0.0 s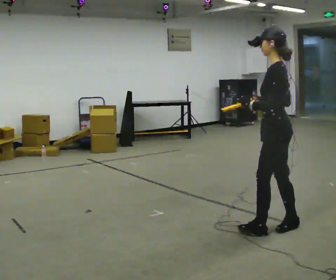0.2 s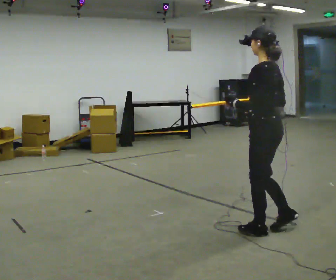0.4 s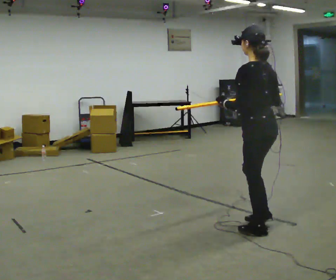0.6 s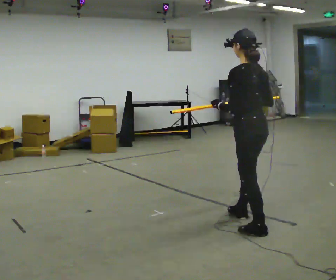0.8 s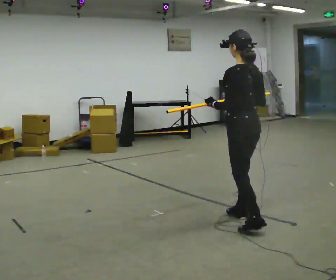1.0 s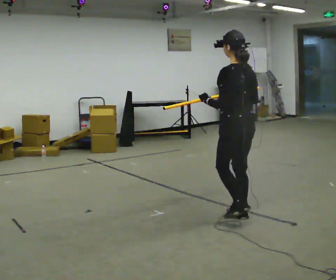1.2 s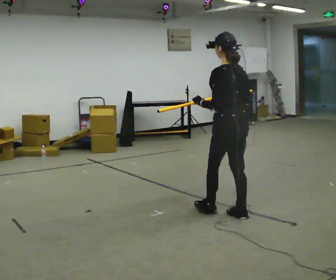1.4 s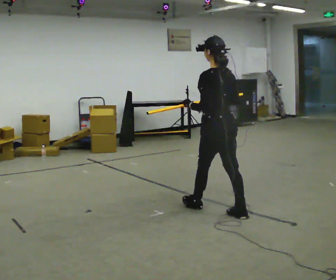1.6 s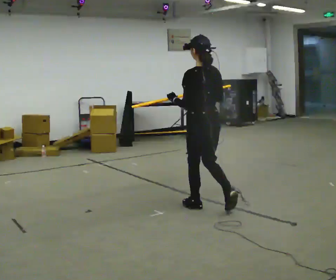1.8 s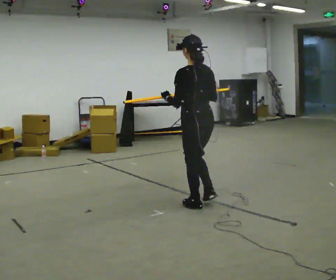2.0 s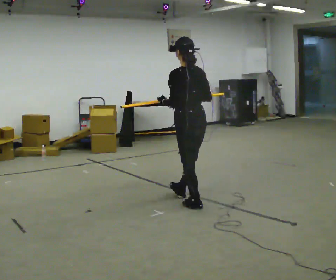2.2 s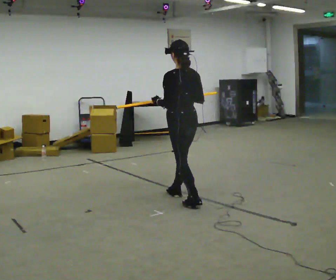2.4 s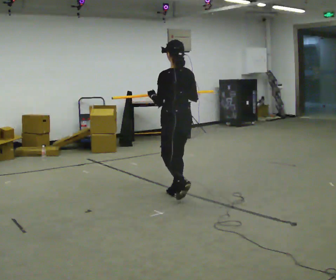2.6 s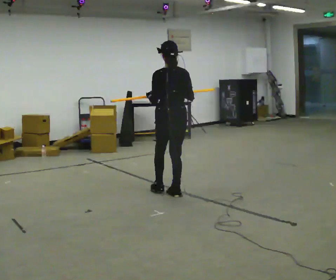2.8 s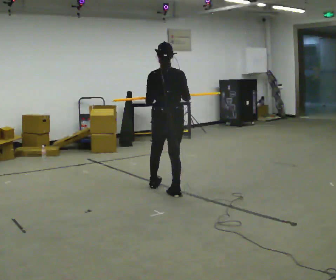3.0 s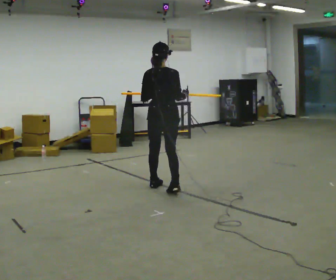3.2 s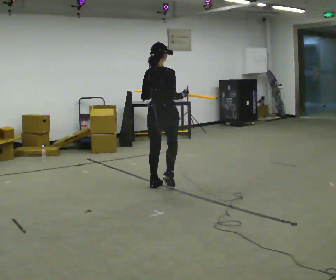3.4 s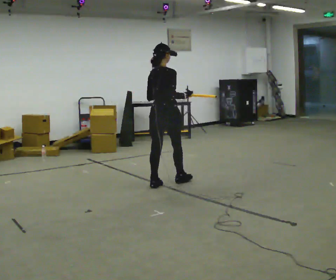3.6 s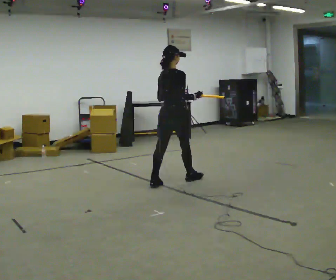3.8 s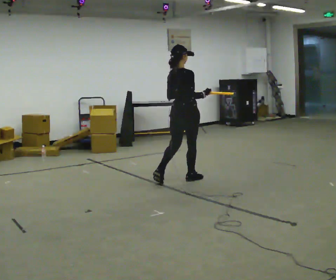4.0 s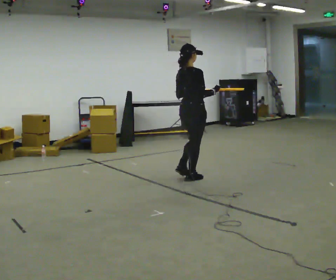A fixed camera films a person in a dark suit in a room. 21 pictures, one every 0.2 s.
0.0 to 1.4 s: The person turns about 30 degrees to their right, clockwise seen from above, so the part of the body nearest the lens slides to the left. In the picture they go away from the camera and to the left, about 0.75 m in 2 steps, which for them is forward.
1.4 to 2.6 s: In the picture they go away from the camera and to the left, about 1 m in 1 step, which for them is forward.
2.6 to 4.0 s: Seen from above the body turns clockwise, about 75 degrees: to their right, with its near side sliding to the left. In the picture they go away from the camera, about 0.75 m in 2 steps.
The film runs forward here.
